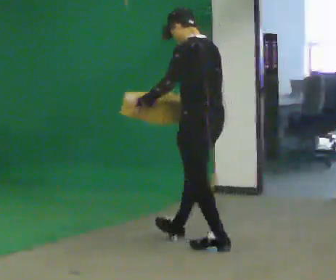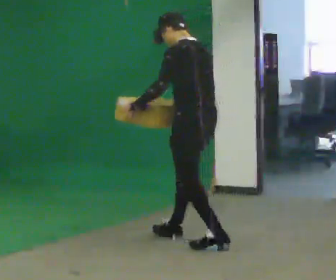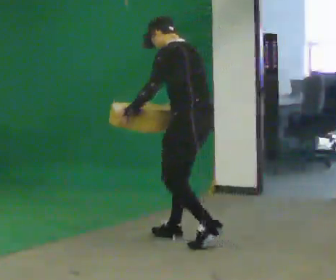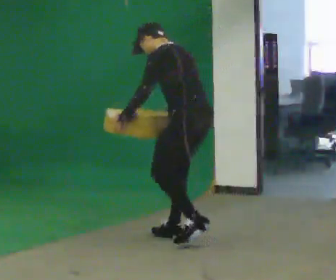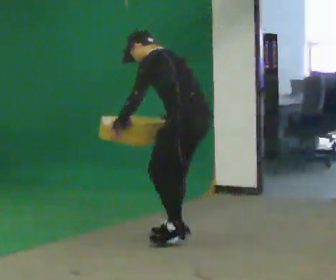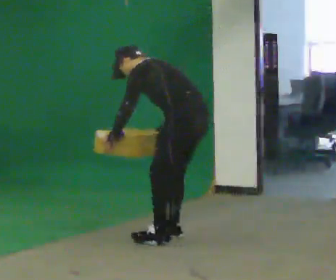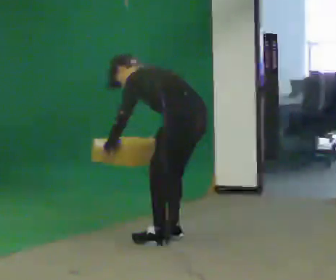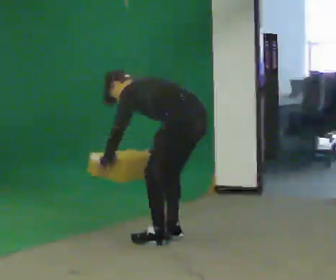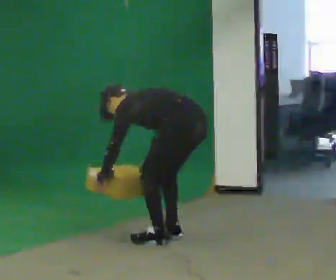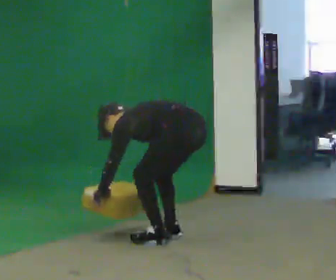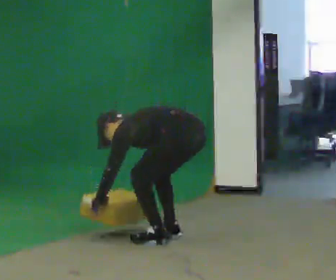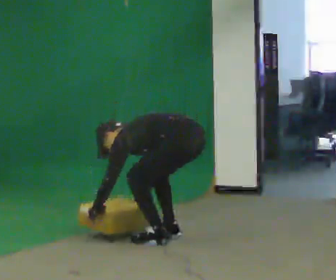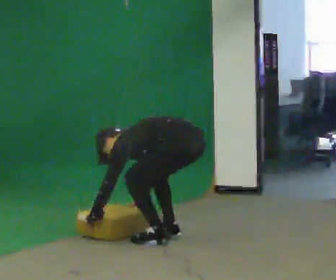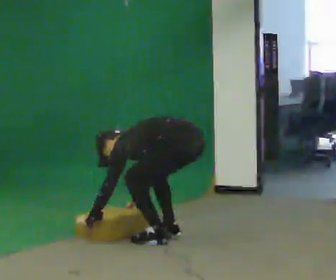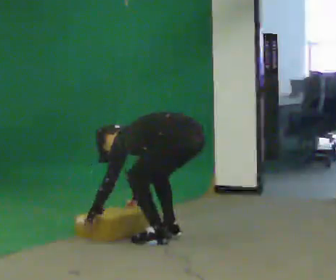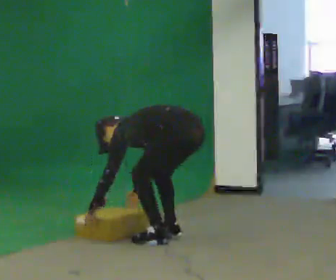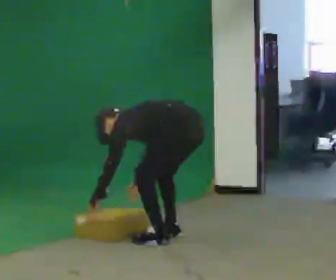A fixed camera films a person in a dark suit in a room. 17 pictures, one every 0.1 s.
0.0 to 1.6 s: In the picture they go to the left, about 0.25 m in 2 steps, which for them is forward. In the picture the upper body tilts counterclockwise, shoulders to the left, as they bend forward. In the picture their left hand goes downward and to the left.
The film runs forward here.
